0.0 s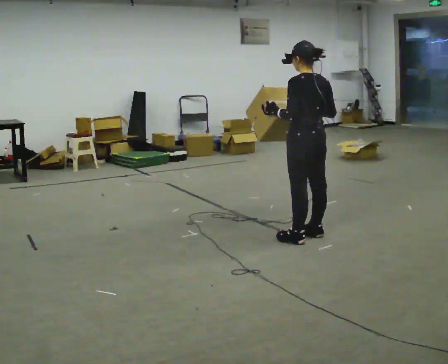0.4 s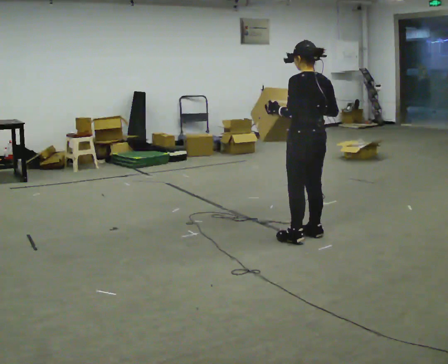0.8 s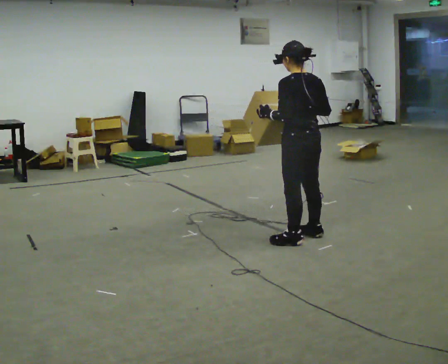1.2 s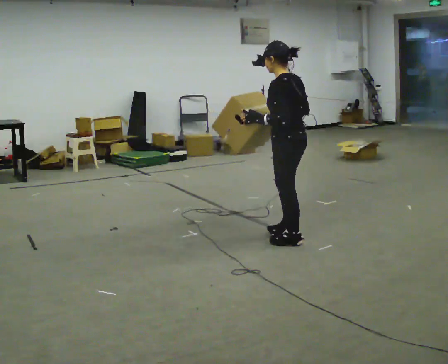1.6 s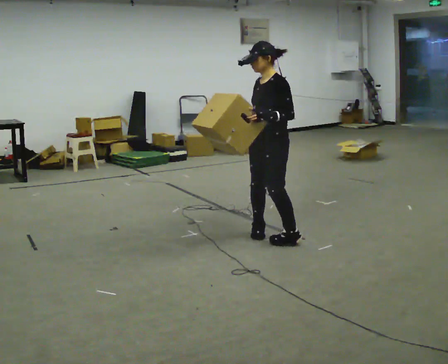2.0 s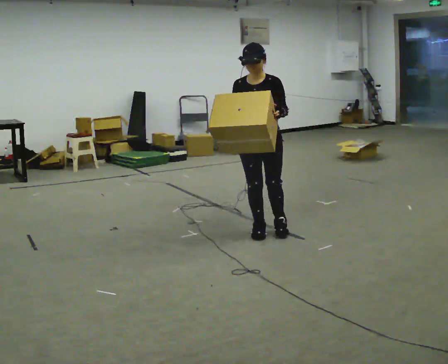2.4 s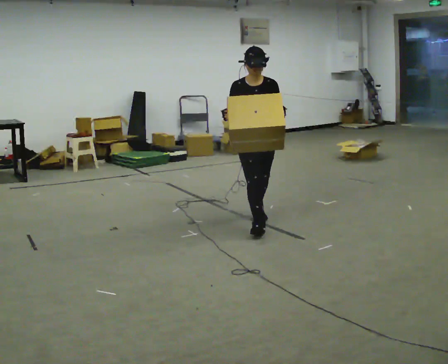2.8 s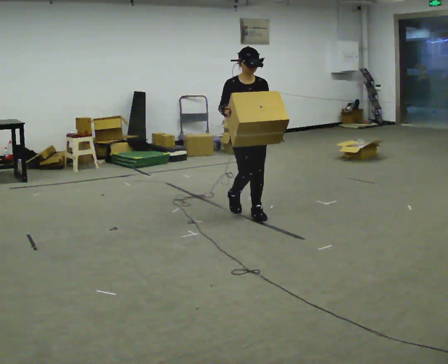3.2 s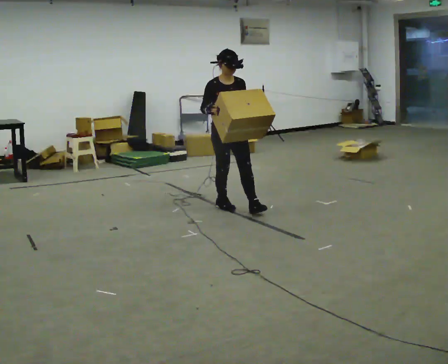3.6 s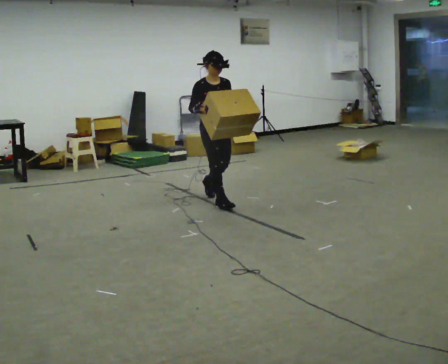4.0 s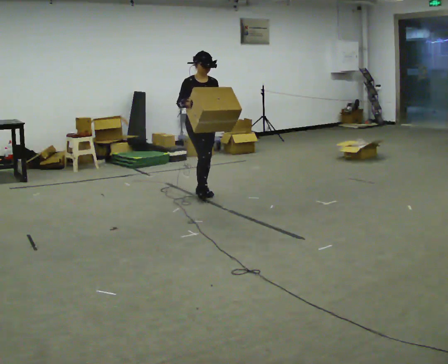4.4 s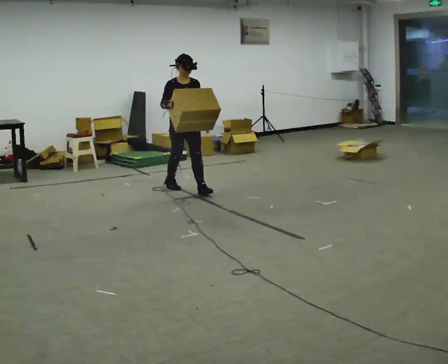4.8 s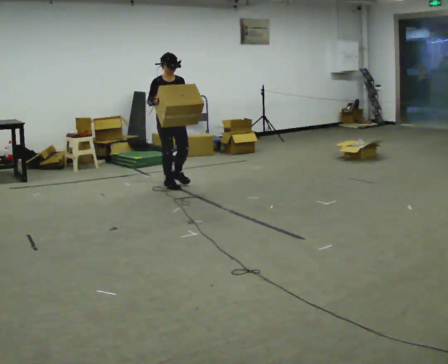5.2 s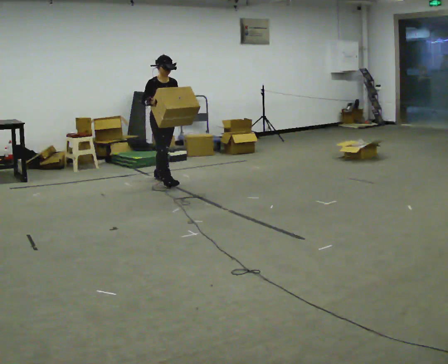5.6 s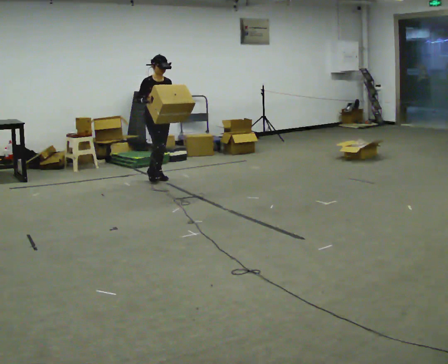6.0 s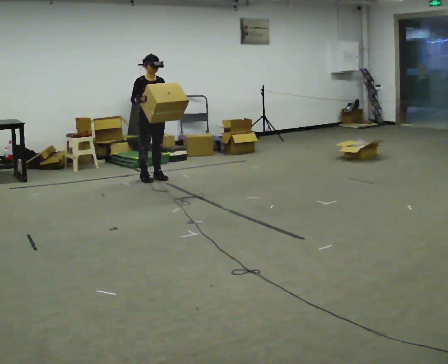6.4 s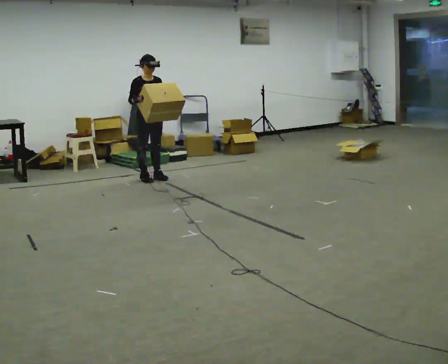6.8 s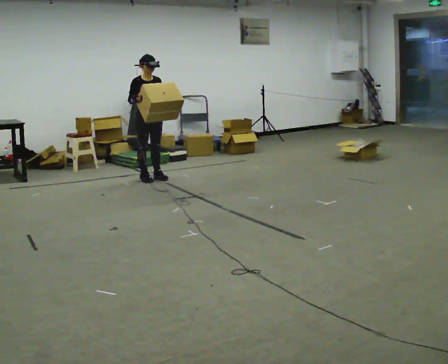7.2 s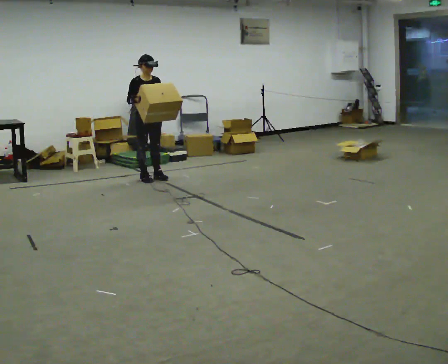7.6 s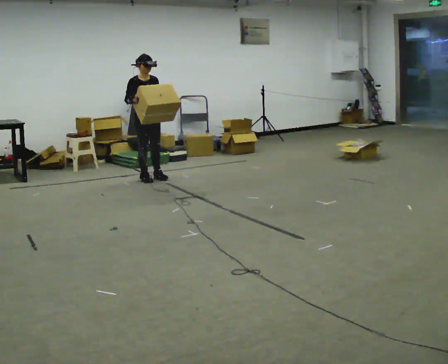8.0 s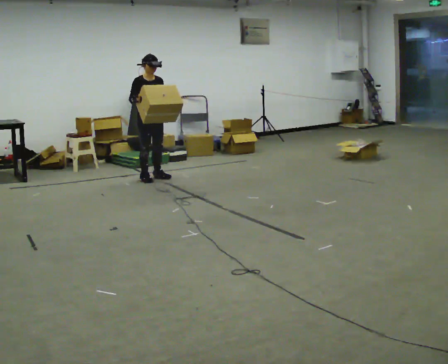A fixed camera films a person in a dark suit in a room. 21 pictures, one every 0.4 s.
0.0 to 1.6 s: The part of the body nearest the lens slides to the right as the person turns to their left by about 75 degrees. In the picture they go to the left, about 0.25 m in 1 step. In the picture their right hand goes to the left.
1.6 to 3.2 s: The part of the body nearest the lens slides to the right as the person turns to their left by about 90 degrees. In the picture they go away from the camera, about 1 m in 3 steps.
3.2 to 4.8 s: In the picture they go away from the camera and to the left, about 1 m in 2 steps, which for them is backward.
4.8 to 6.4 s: In the picture they go away from the camera and to the left, about 0.5 m in 1 step, which for them is backward.
6.4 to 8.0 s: The person moves a little, or ends about where they began.
The film runs backward here.
